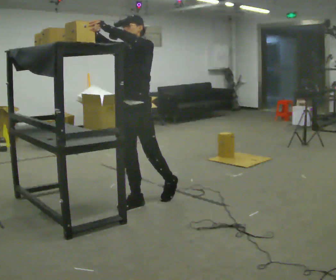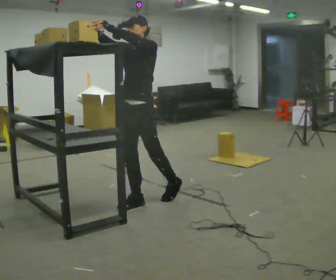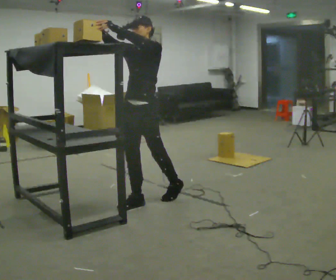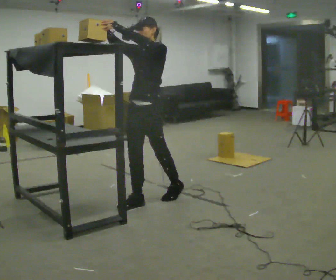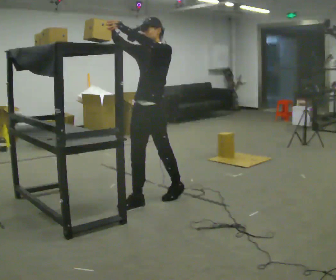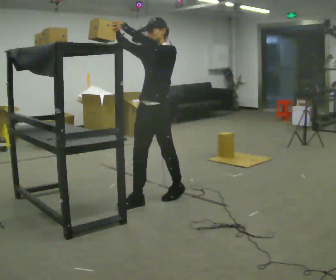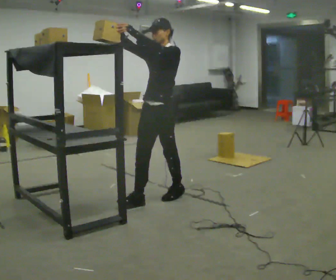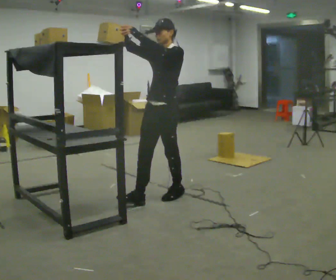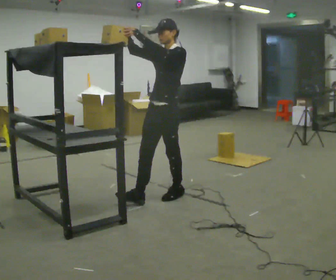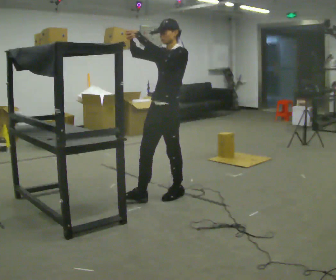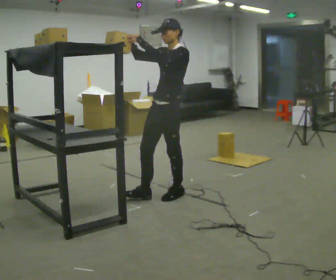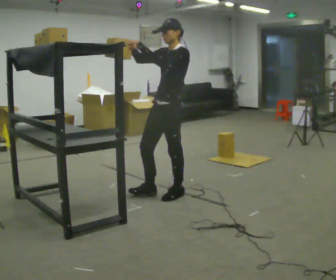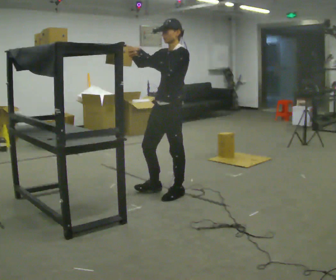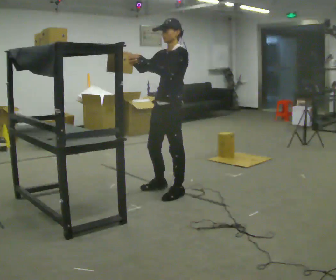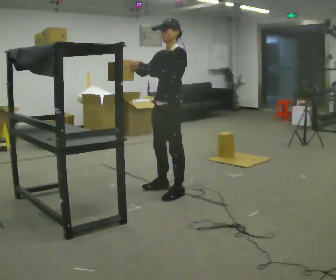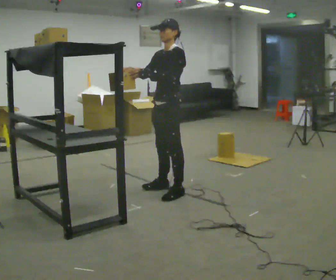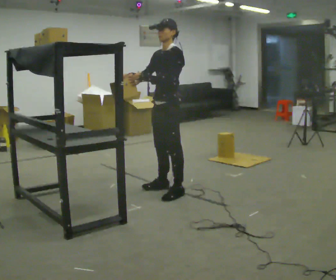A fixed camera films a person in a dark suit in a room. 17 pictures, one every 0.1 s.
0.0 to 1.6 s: Seen from above the body turns clockwise, about 30 degrees: to their right, with its near side sliding to the left. In the picture they go away from the camera and to the right, about 0.5 m in 2 steps, which for them is backward. In the picture their right hand goes downward, the arm swinging counterclockwise.
The film runs forward here.
